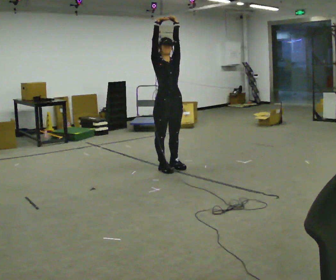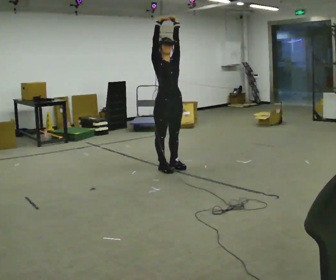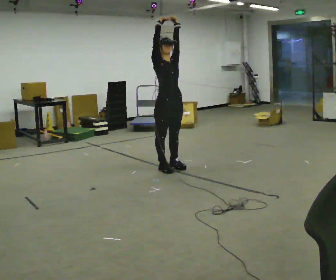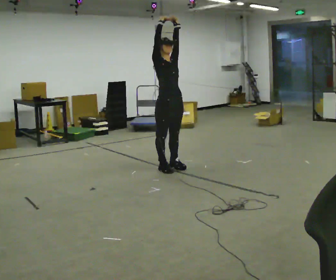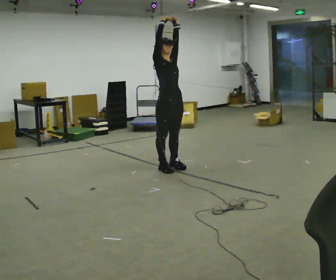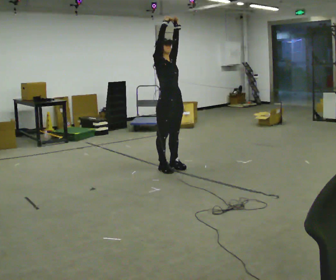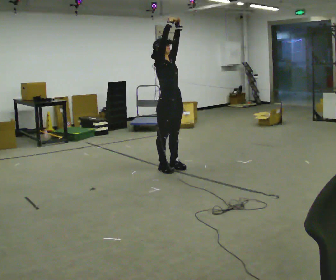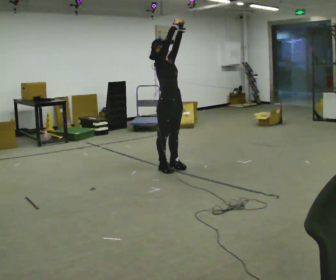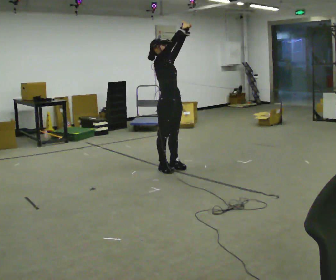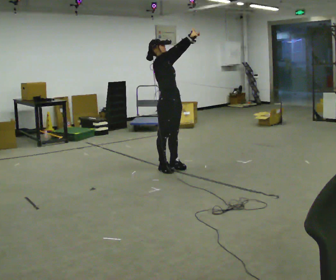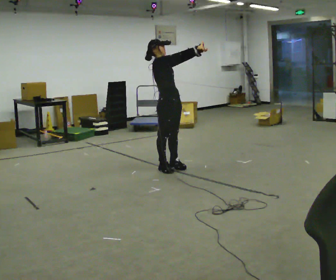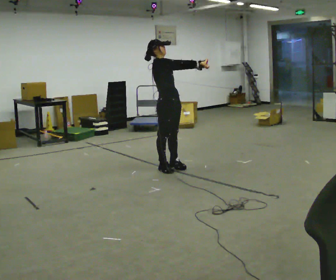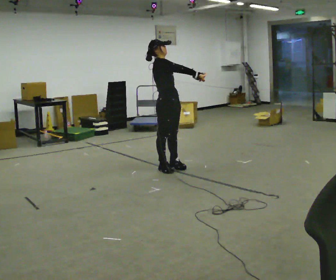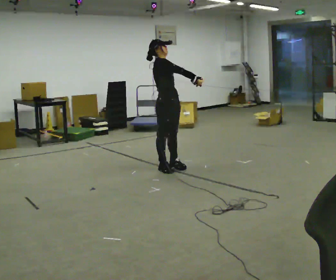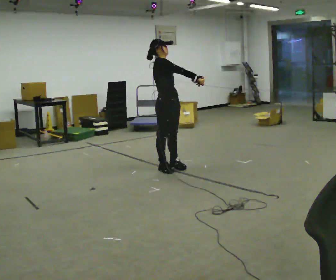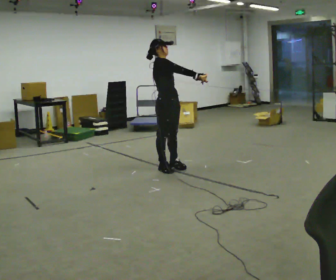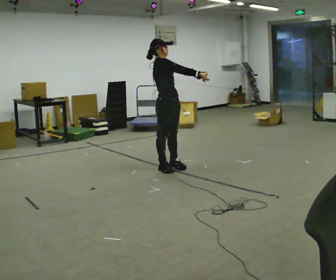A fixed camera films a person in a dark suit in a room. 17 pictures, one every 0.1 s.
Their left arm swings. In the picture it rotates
clockwise.
Their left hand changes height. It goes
downward.
0.0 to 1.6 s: The person turns about 45 degrees to their left, counterclockwise seen from above, so the part of the body nearest the lens slides to the right. In the picture their right hand goes downward and to the right, the arm swinging clockwise.
The film runs forward here.
